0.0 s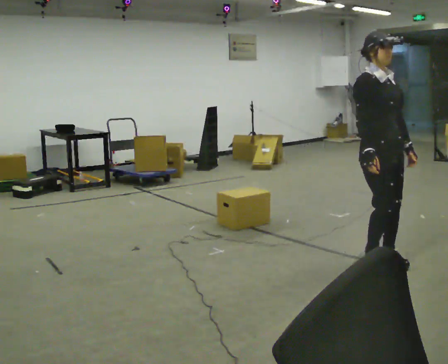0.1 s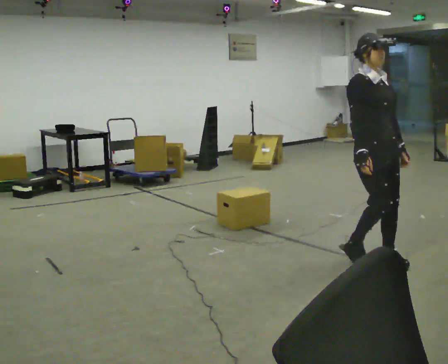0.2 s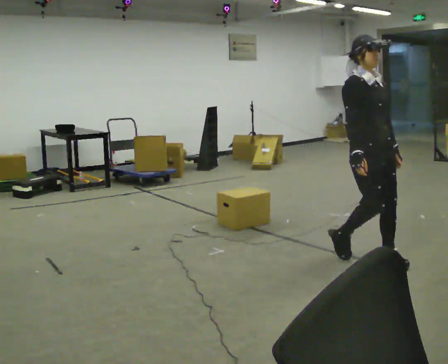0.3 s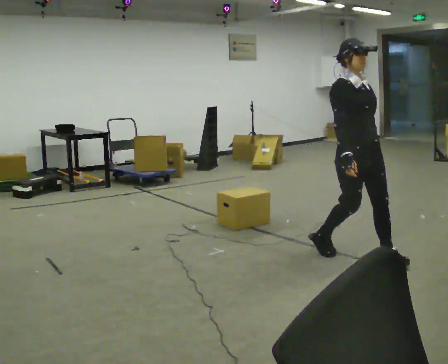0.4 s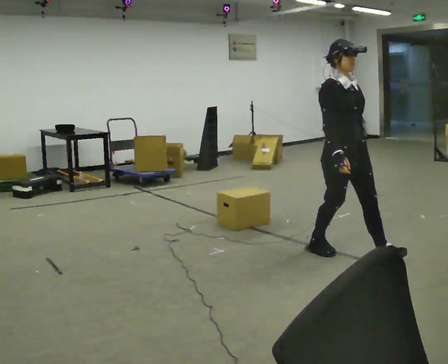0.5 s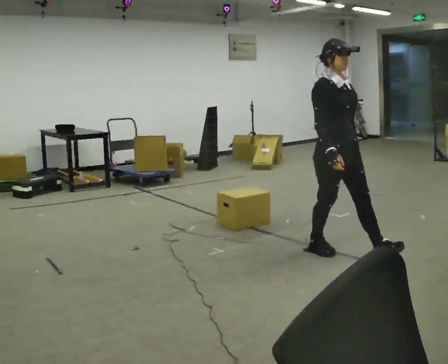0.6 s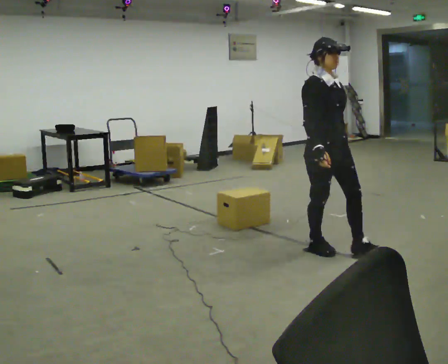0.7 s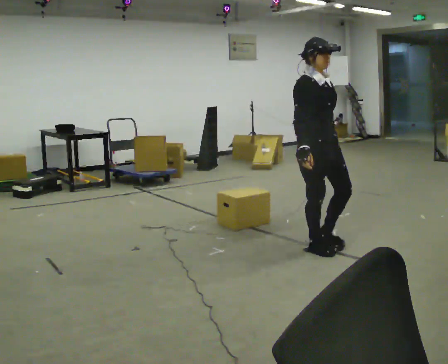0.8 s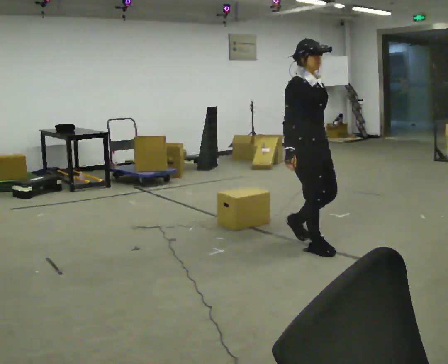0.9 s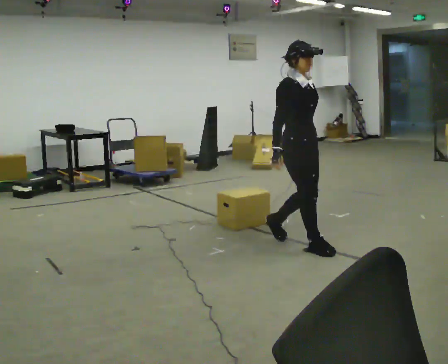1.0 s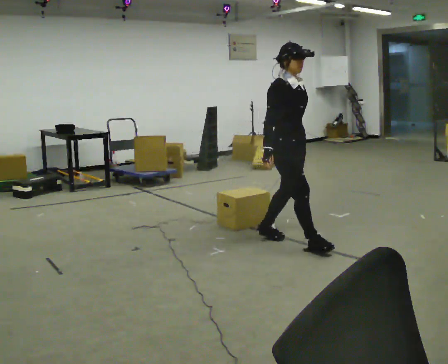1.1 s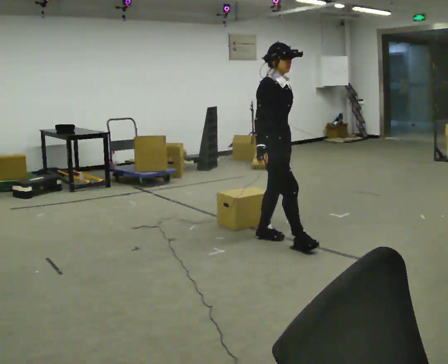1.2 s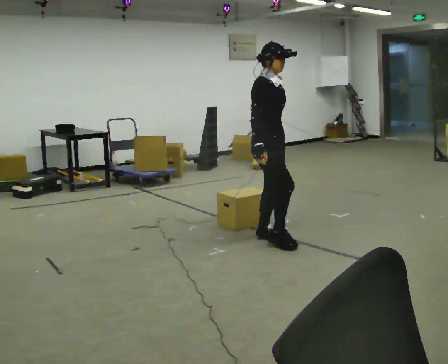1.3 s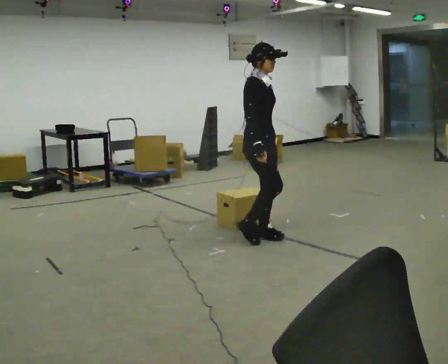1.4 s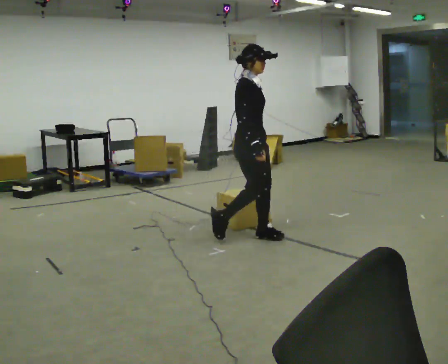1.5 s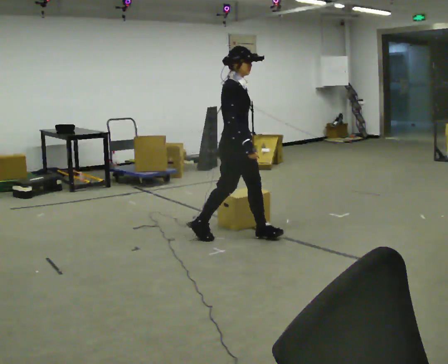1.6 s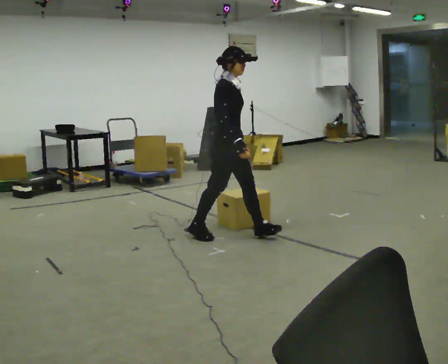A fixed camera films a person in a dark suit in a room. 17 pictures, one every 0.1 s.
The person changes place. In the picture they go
to the left.
0.0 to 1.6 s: The part of the body nearest the lens slides to the right as the person turns to their left by about 45 degrees. In the picture they go to the left and away from the camera, about 1.5 m in 3 steps, which for them is backward.
The film runs backward here.
